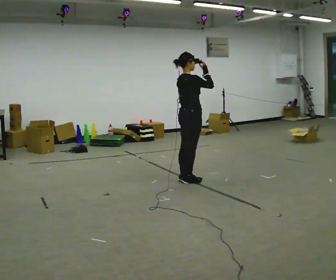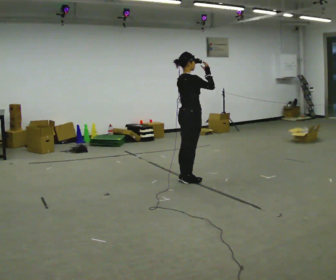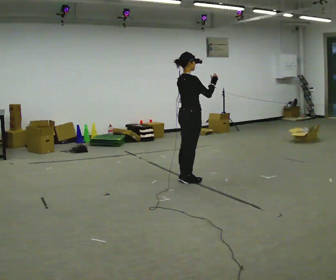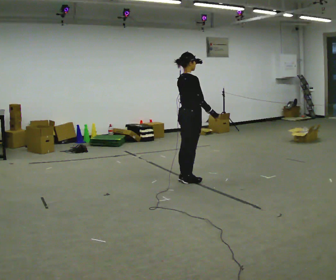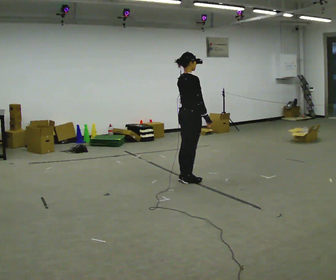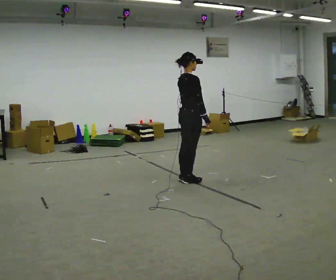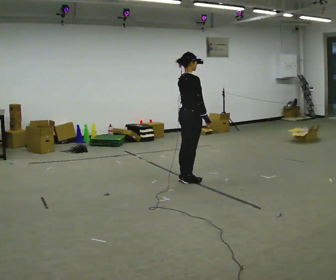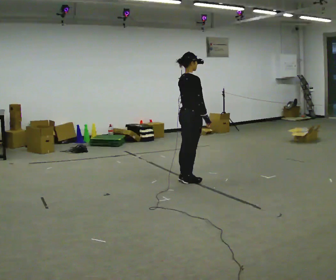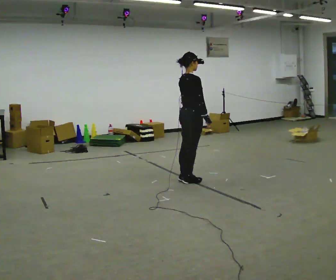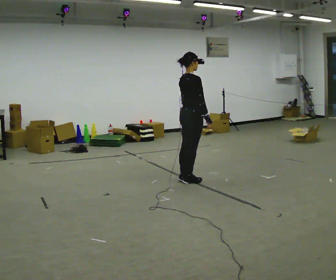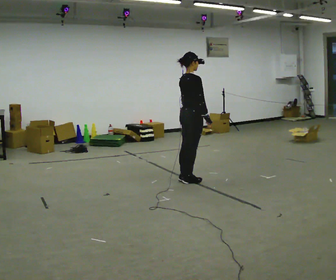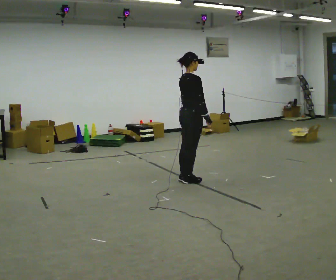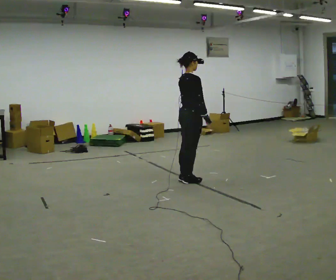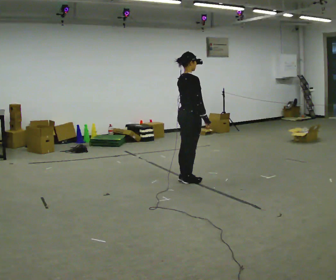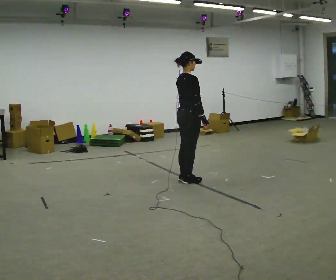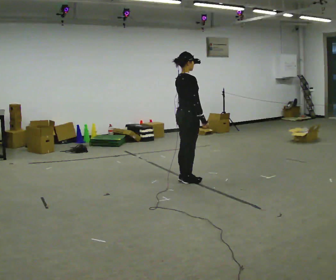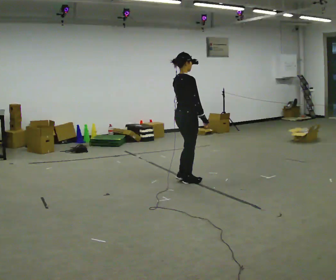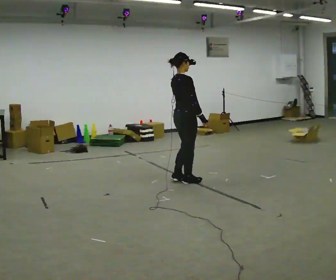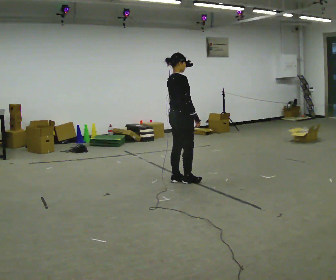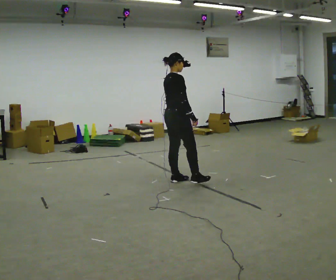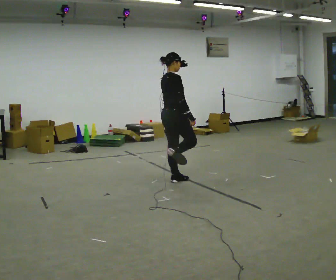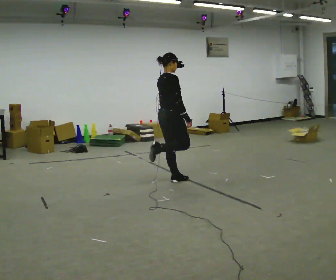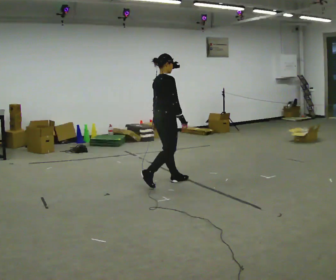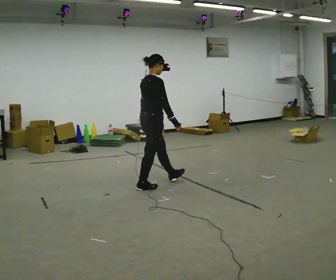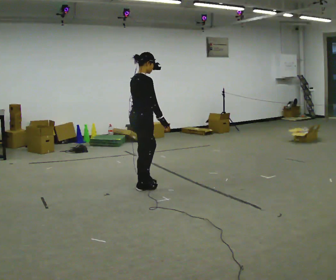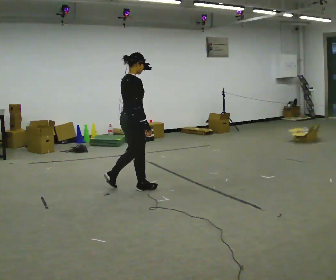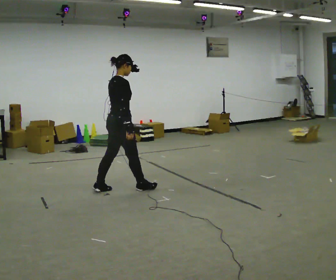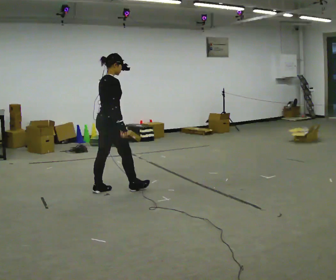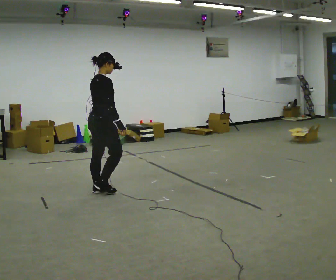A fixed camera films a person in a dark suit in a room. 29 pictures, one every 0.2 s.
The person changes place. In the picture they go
to the left.
0.0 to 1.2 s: In the picture their right hand goes downward.
1.2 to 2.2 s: The person keeps their place and pose.
2.2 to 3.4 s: The person moves a little, or ends about where they began.
3.4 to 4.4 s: In the picture they go to the left, about 0.25 m in 1 step, which for them is backward. In the picture their left hand goes to the left.
4.4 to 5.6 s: In the picture they go to the left and toward the camera, about 1 m in 2 steps, which for them is backward.
The film runs backward here.
